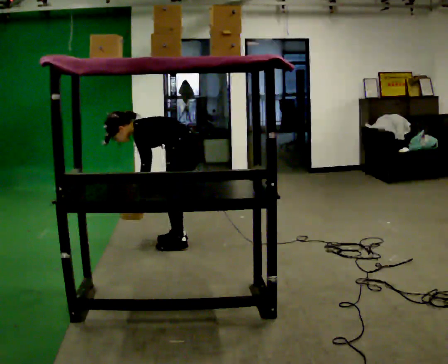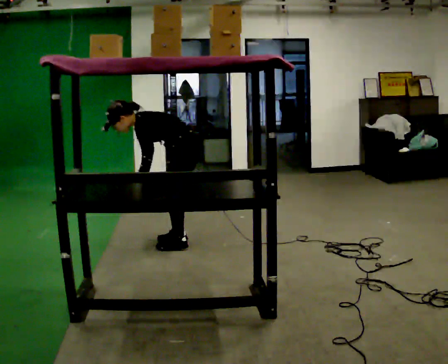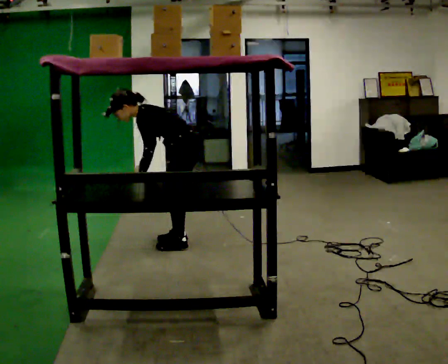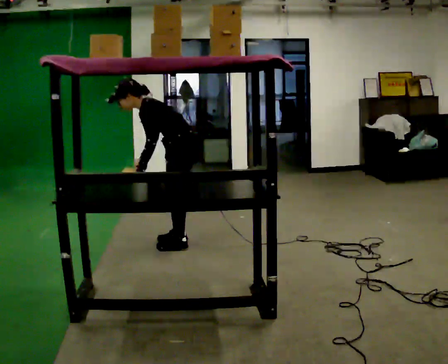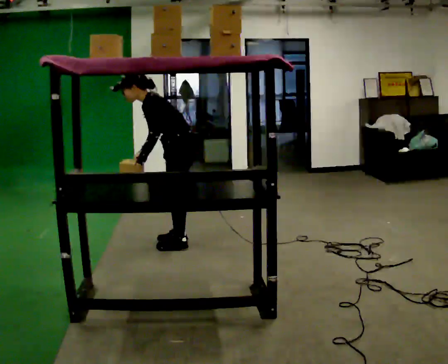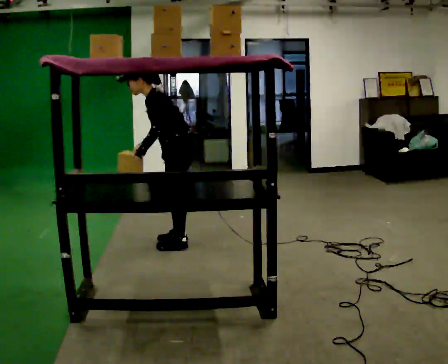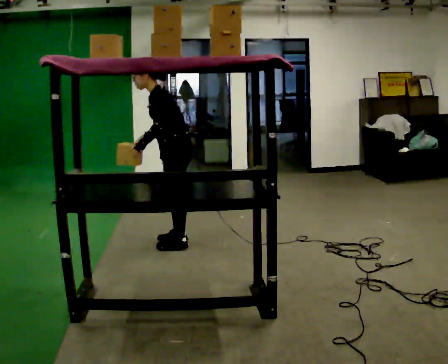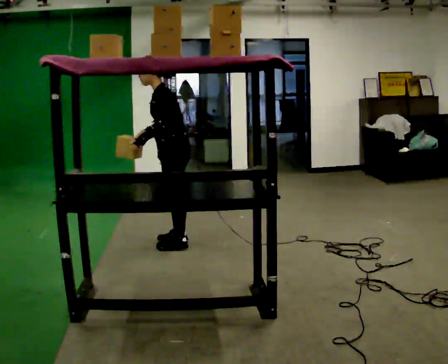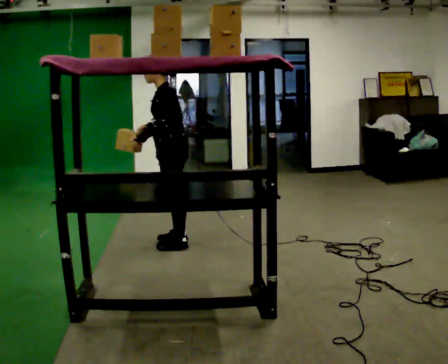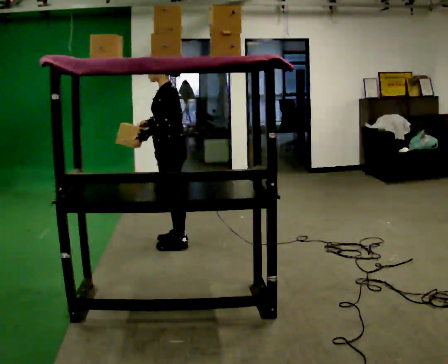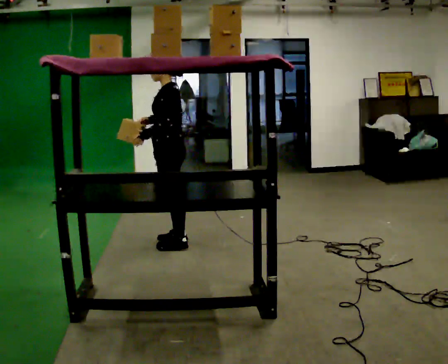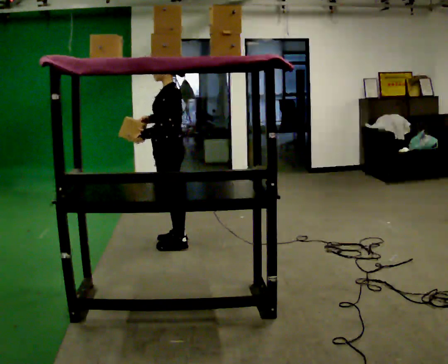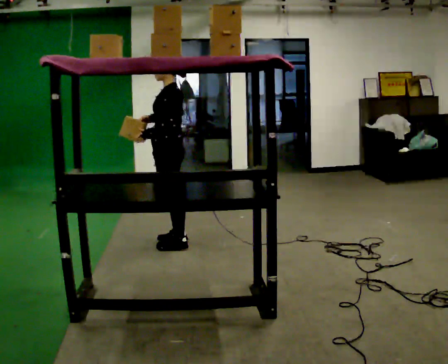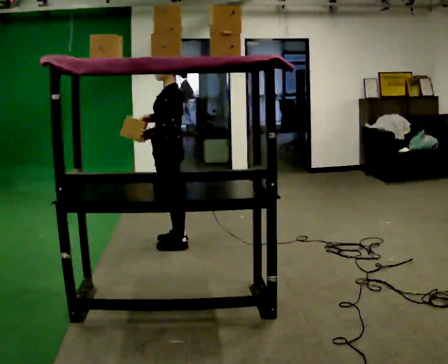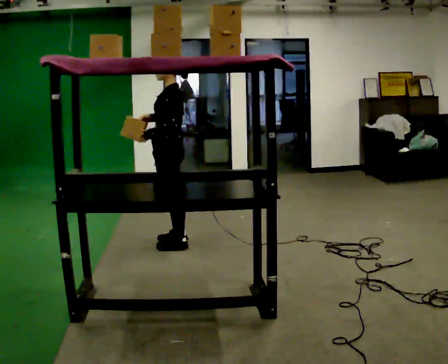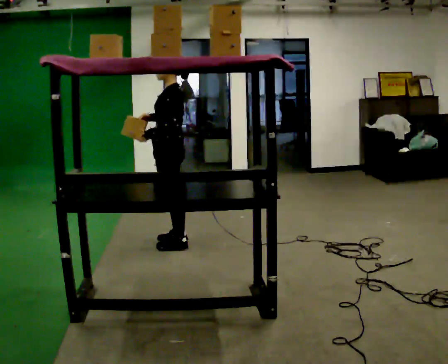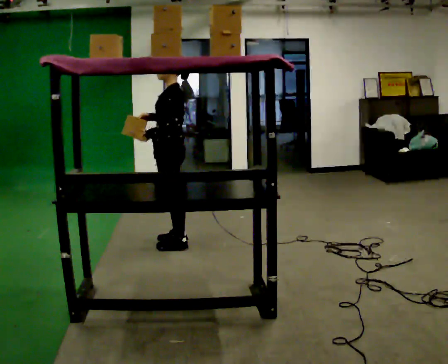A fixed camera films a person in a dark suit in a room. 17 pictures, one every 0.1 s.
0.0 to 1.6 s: The upper body goes upward. In the picture the upper body tilts clockwise, shoulders to the right, as they lean back or straighten. In the picture their right hand goes upward.
The film runs forward here.
